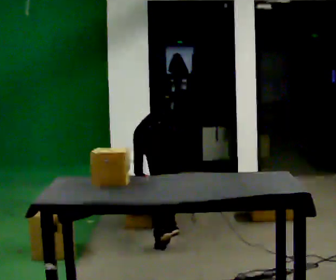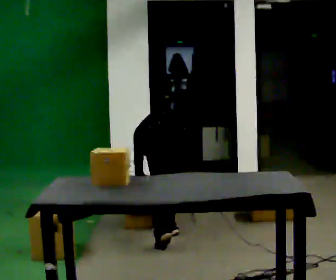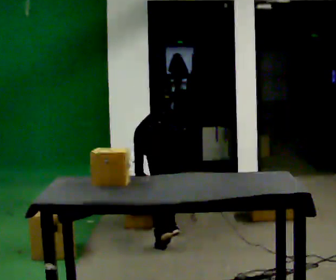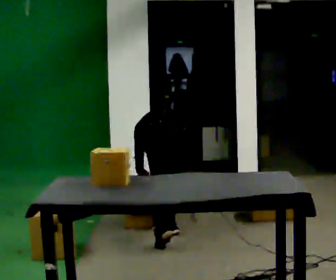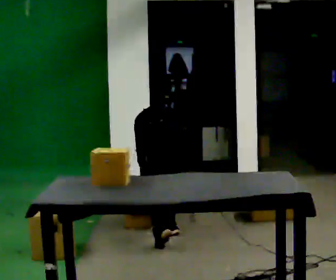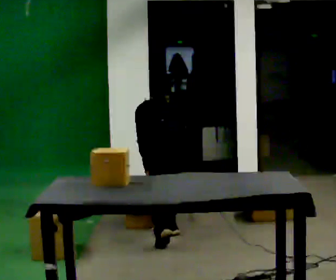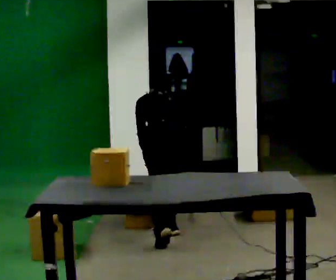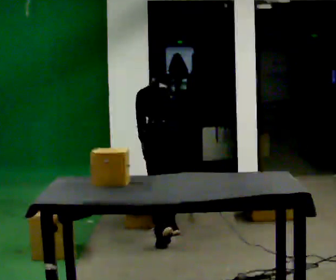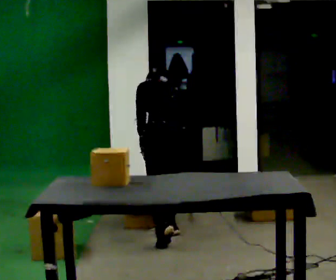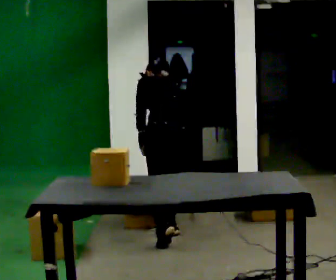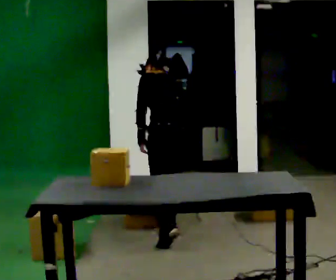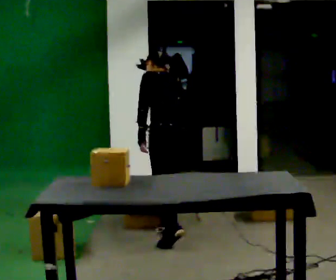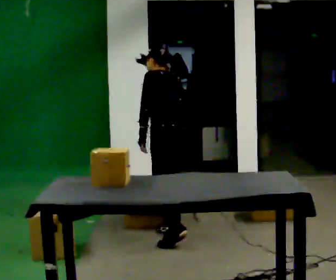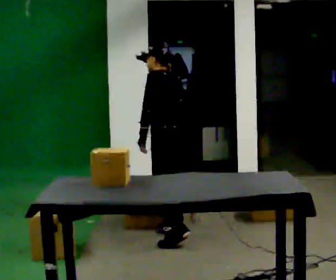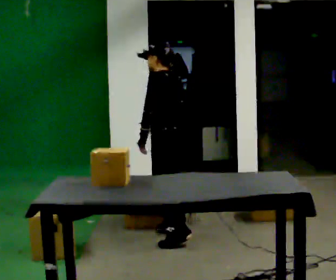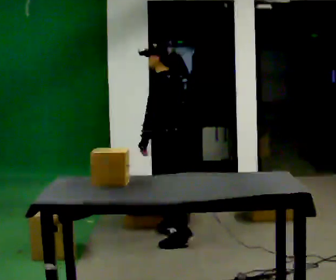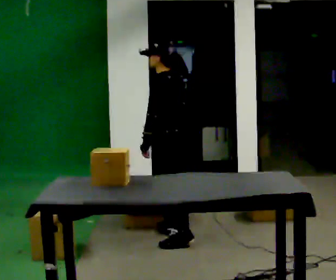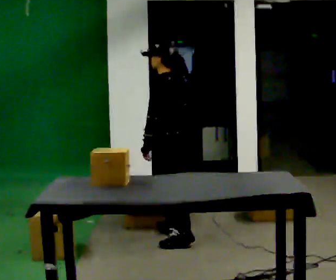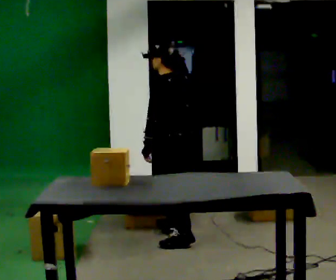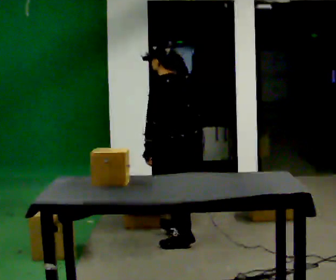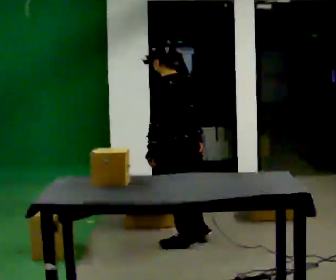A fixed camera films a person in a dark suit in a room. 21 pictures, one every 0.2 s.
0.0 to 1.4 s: The shoulders move upward. The upper body tips toward the camera, its near side rolling downward, as they lean back or straighten. In the picture their left hand goes upward.
1.4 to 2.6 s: The person turns about 30 degrees to their left, counterclockwise seen from above, so the part of the body nearest the lens slides to the right. The upper body tips toward the camera, its near side rolling downward, as they lean back or straighten.
2.6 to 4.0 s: In the picture they go toward the camera, about 0.25 m, which for them is to their left and backward.
The film runs forward here.
